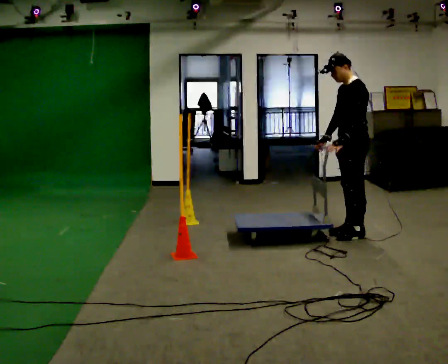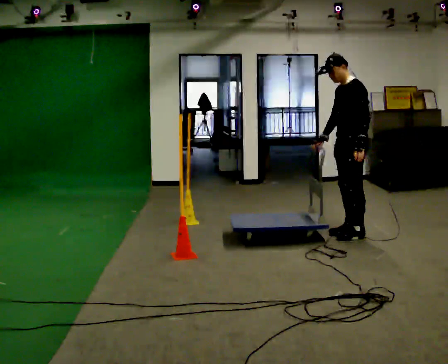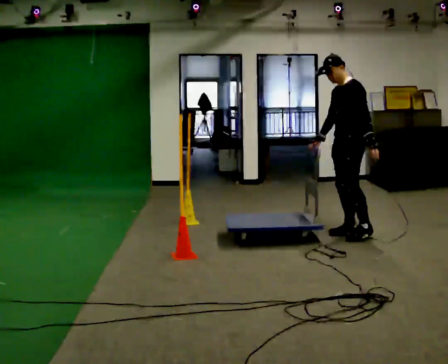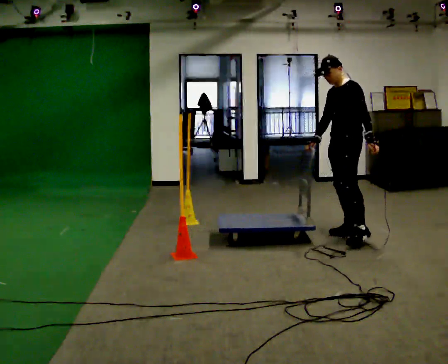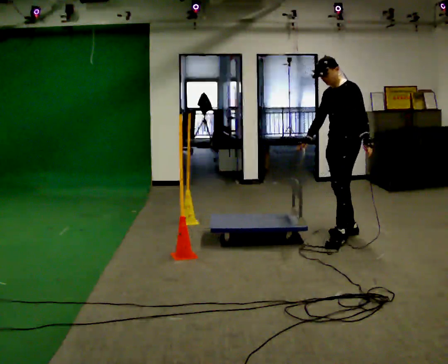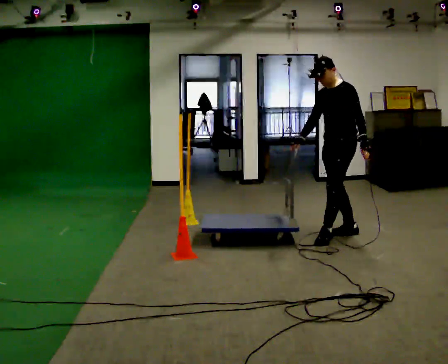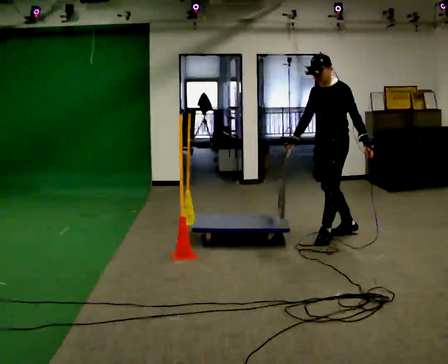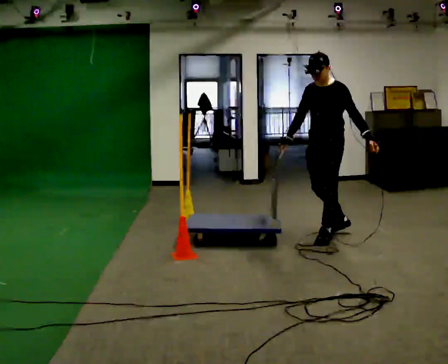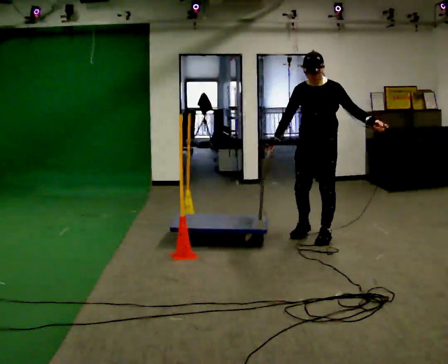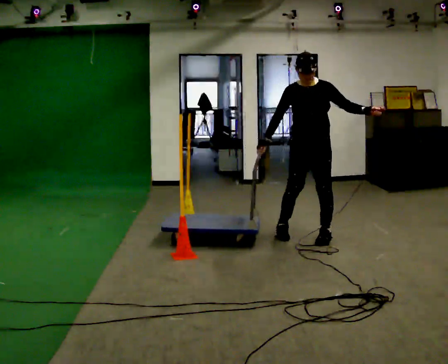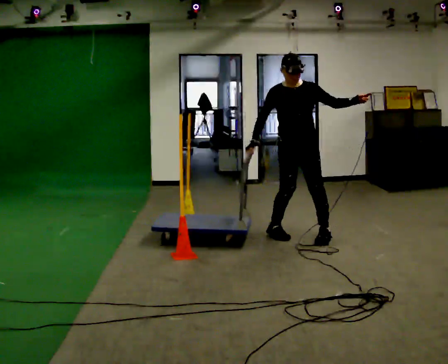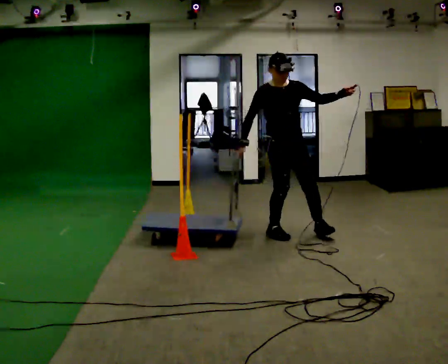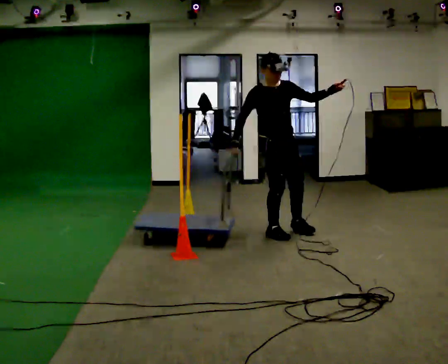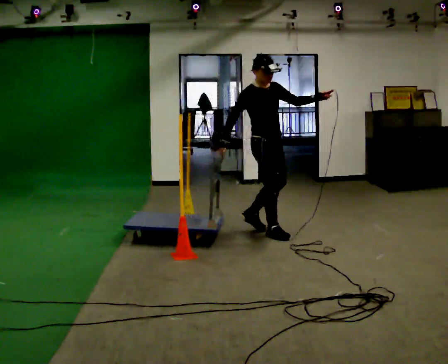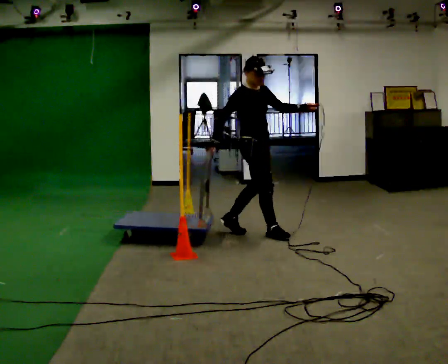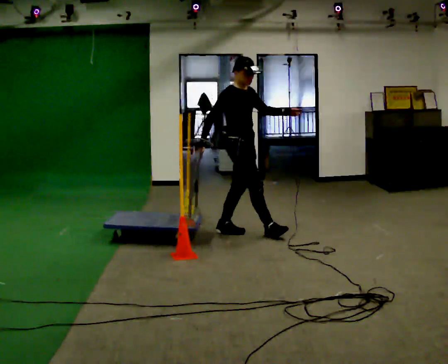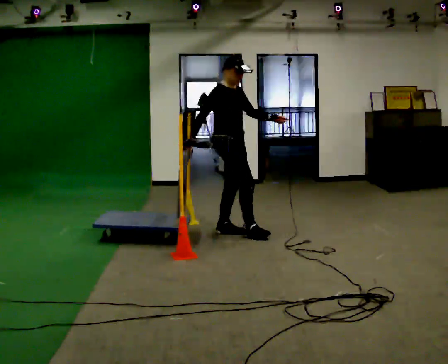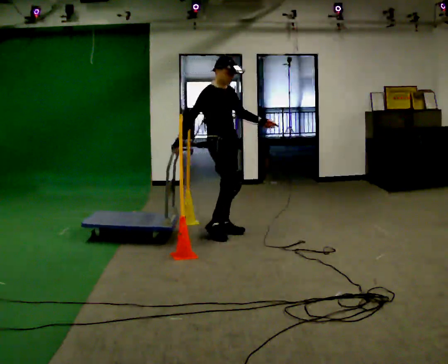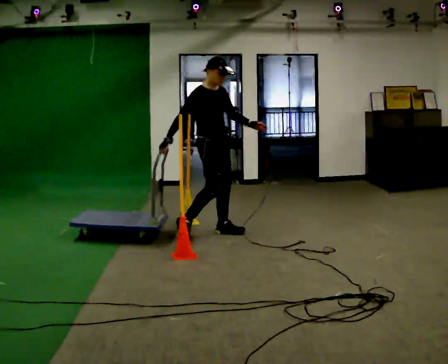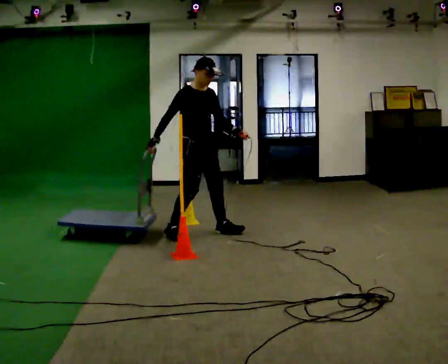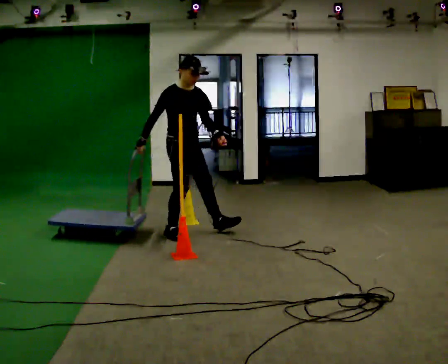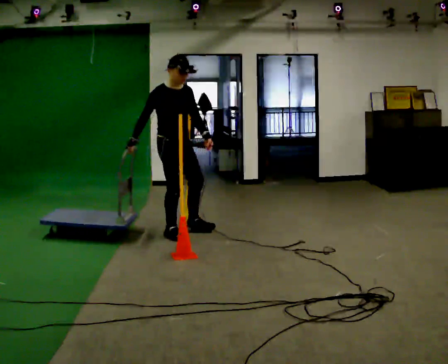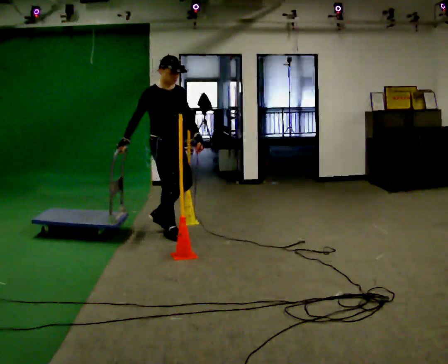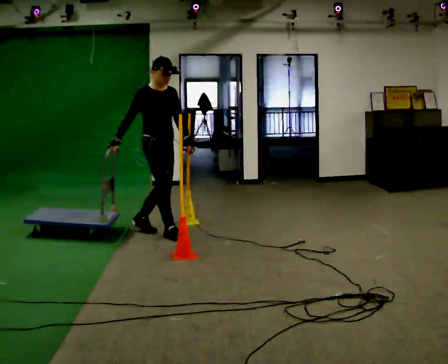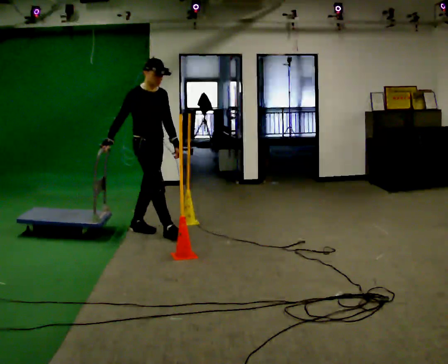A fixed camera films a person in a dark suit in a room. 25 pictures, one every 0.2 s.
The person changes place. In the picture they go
to the left.
The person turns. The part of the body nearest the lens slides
to the right.
0.0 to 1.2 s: In the picture they go to the left, about 0.25 m in 1 step, which for them is forward.
1.2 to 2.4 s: The part of the body nearest the lens slides to the right as the person turns to their left by about 105 degrees. In the picture they go to the left, about 0.5 m in 2 steps. In the picture their left hand goes upward, the arm swinging counterclockwise.
2.4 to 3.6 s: In the picture they go to the left, about 0.75 m in 1 step, which for them is backward. In the picture their left hand goes downward.
3.6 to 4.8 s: In the picture they go to the left, about 0.5 m in 1 step, which for them is backward and to their right.
The film runs backward here.
